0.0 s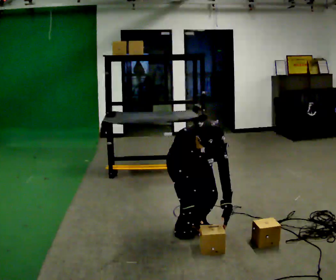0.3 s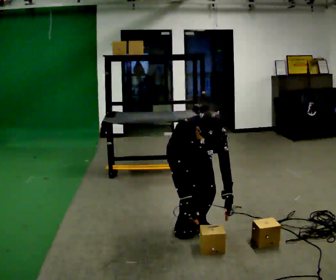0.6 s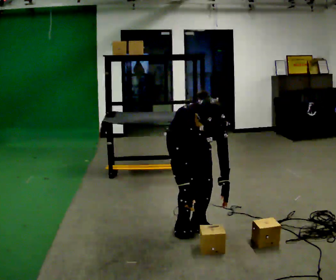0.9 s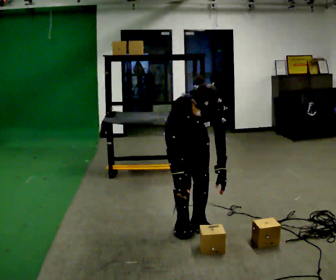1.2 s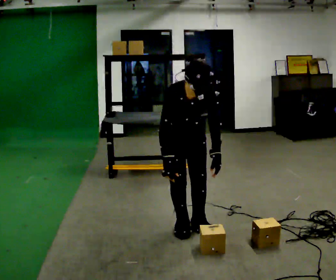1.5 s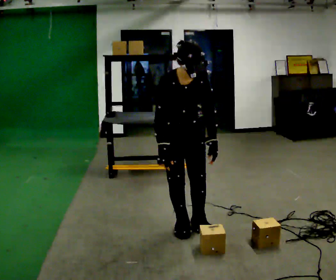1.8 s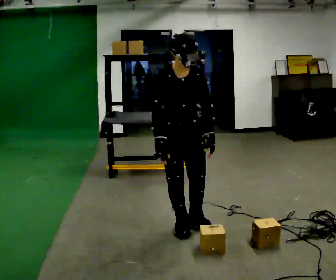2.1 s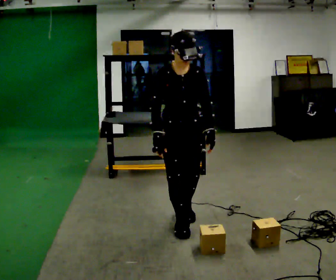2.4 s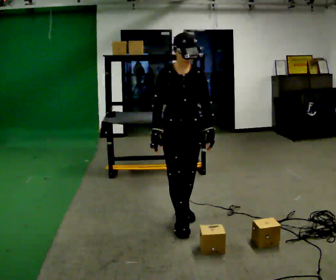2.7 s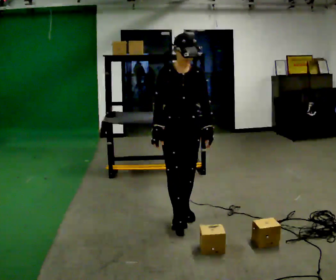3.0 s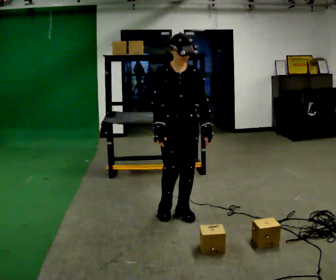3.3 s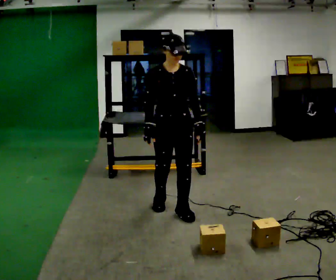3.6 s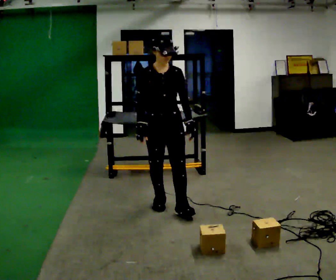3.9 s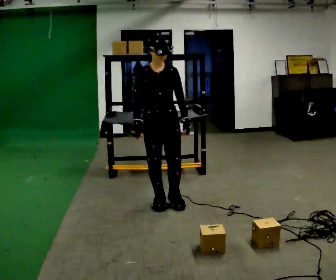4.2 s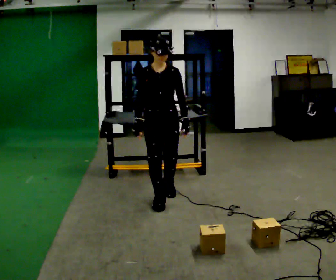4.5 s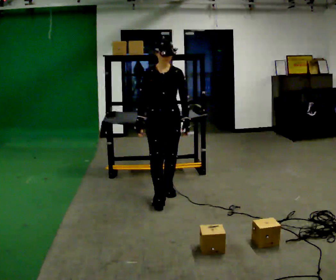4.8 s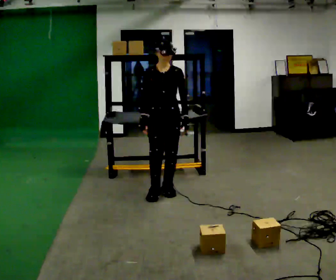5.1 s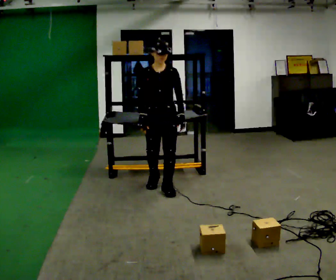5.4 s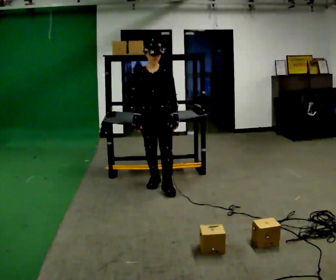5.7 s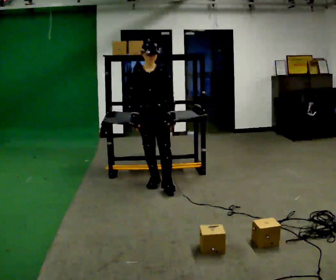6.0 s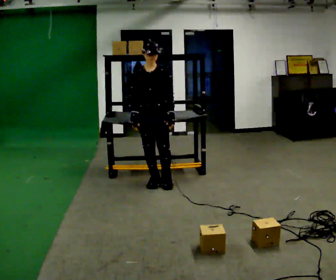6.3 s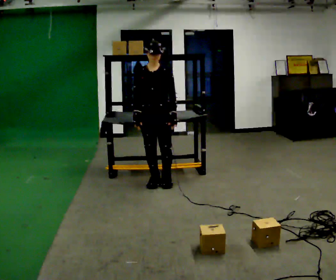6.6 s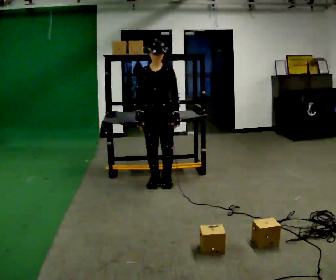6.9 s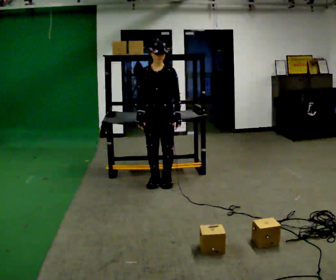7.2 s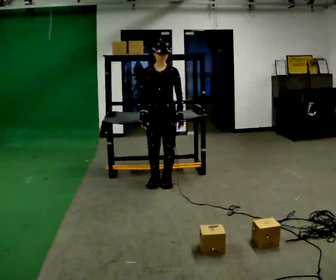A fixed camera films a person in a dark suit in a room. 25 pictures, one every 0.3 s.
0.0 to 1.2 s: The upper body goes upward. In the picture their right hand goes upward.
1.2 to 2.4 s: The shoulders move upward. The upper body tips away from the camera, its near side rolling upward, as they lean back or straighten.
2.4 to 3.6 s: In the picture they go away from the camera, about 0.25 m in 1 step, which for them is backward.
3.6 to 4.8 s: In the picture they go away from the camera, about 0.5 m in 2 steps, which for them is backward.
4.8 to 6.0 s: In the picture they go away from the camera, about 0.25 m in 1 step, which for them is backward and to their right.
6.0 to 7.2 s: The person moves a little, or ends about where they began.
The film runs backward here.
